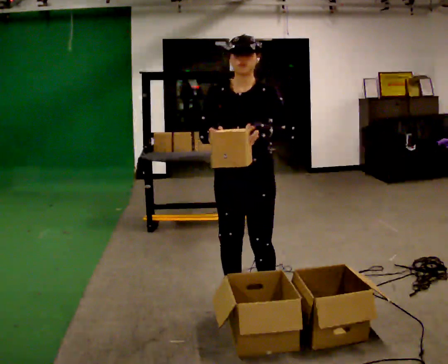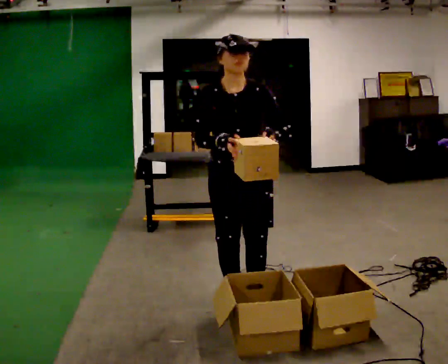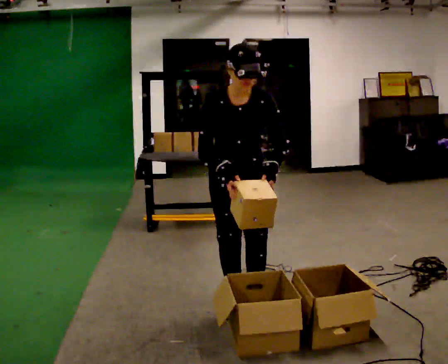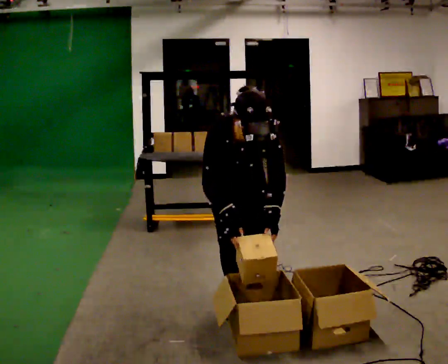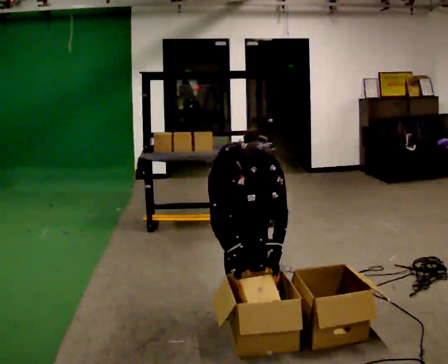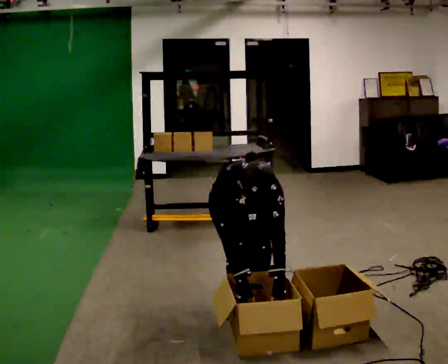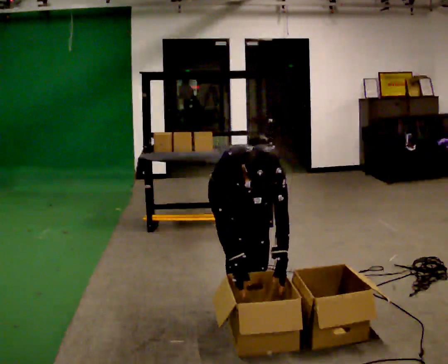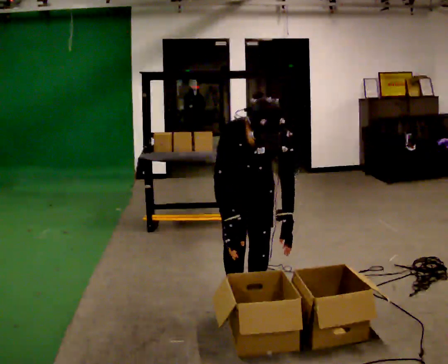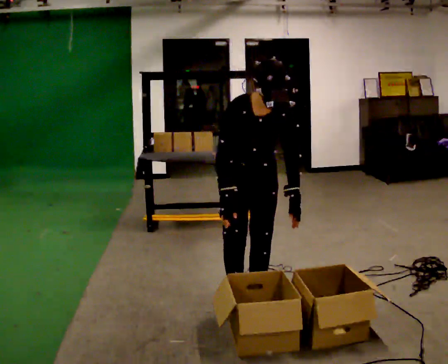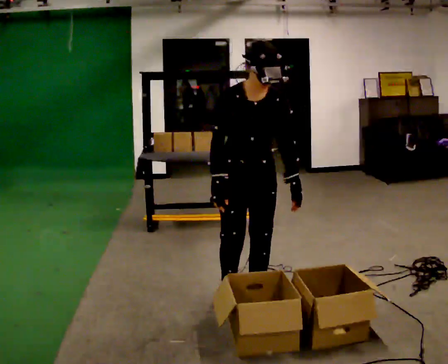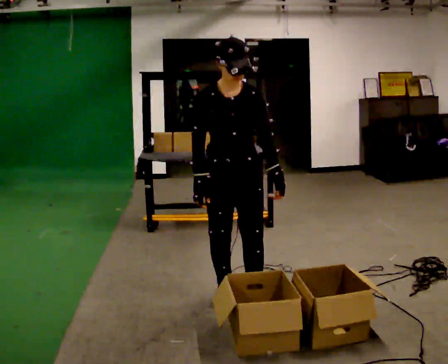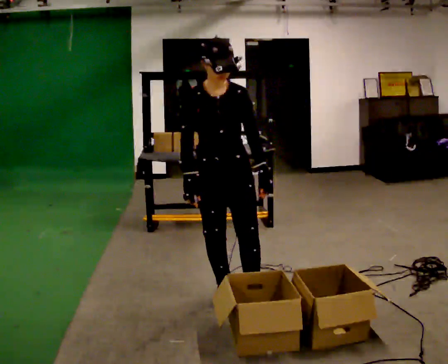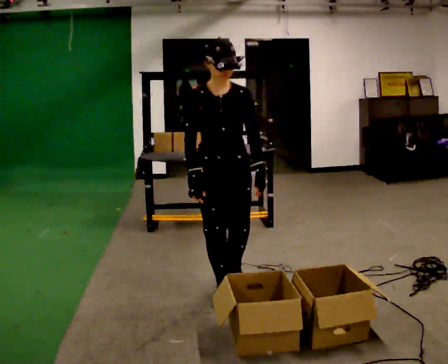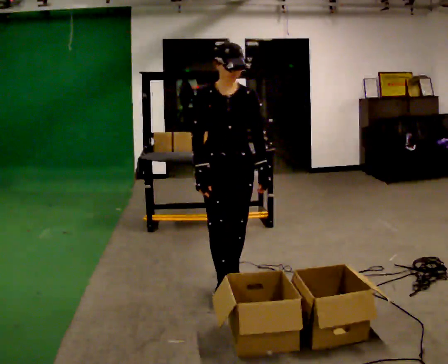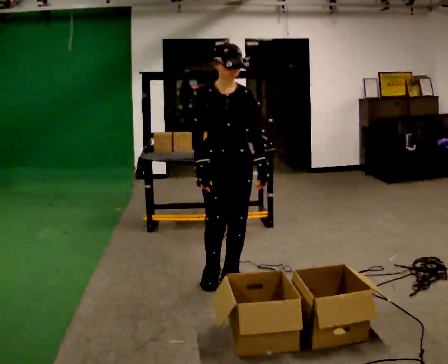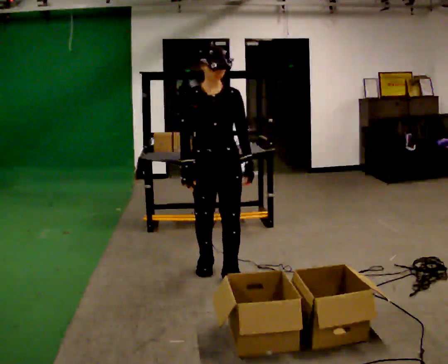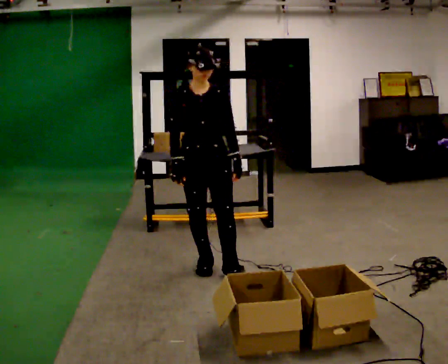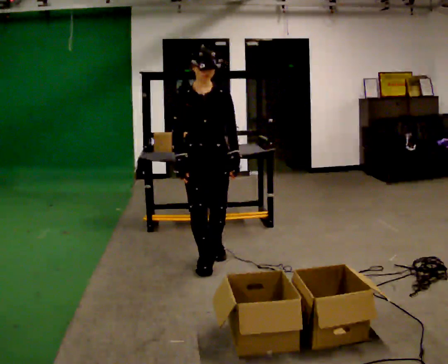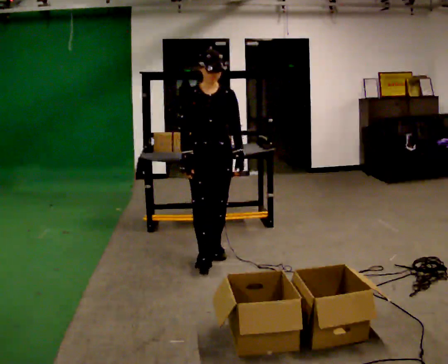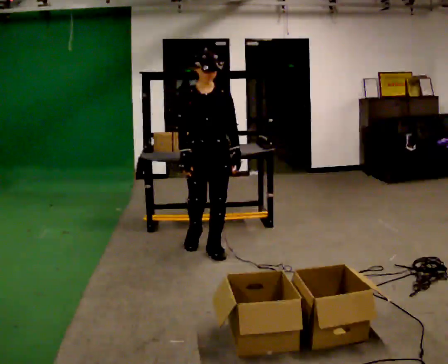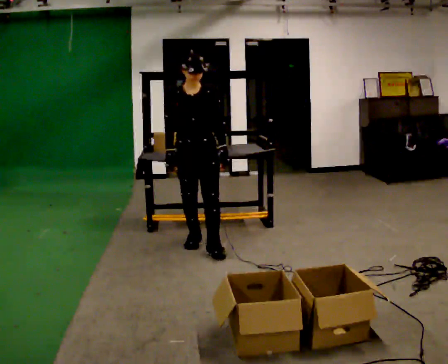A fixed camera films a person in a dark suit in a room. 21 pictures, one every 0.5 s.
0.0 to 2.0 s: The person turns about 30 degrees to their left, counterclockwise seen from above, so the part of the body nearest the lens slides to the right. The shoulders move downward. The upper body tips toward the camera, its near side rolling downward, as they bend forward. In the picture their left hand goes downward.
2.0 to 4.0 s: The upper body tips away from the camera, its near side rolling upward, as they lean back or straighten.
4.0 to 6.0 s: In the picture they go to the left, about 0.25 m in 2 steps, which for them is to their right. The upper body tips away from the camera, its near side rolling upward, as they lean back or straighten.
6.0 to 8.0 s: In the picture they go away from the camera, about 0.5 m in 2 steps, which for them is backward.
8.0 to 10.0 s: In the picture they go away from the camera, about 0.5 m in 1 step, which for them is backward.
The film runs backward here.
